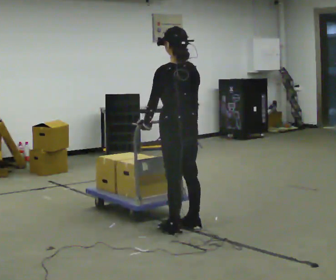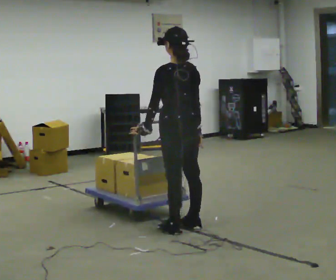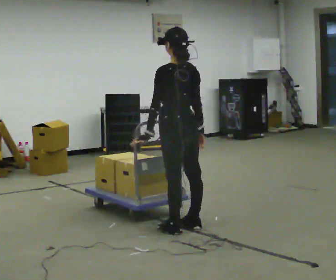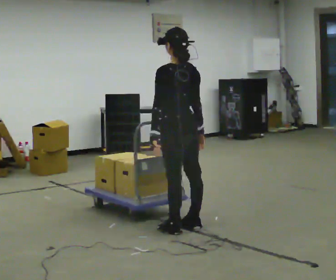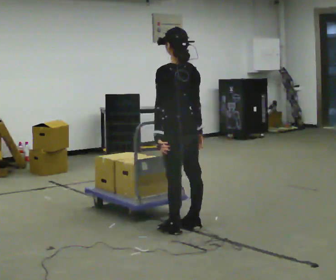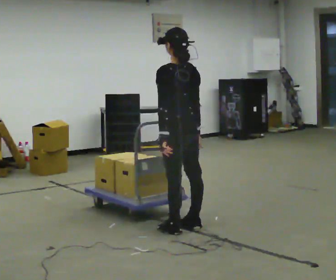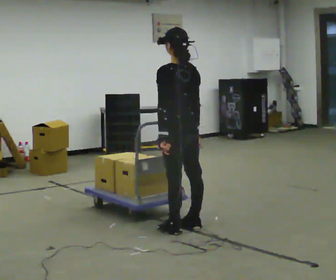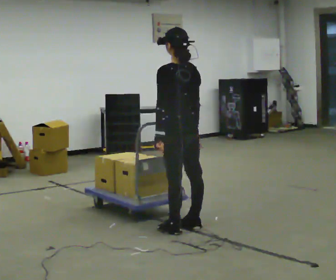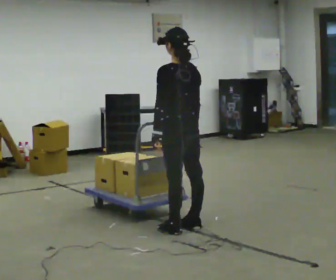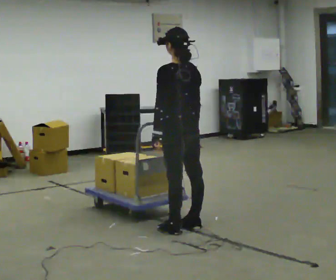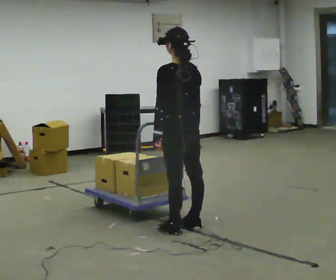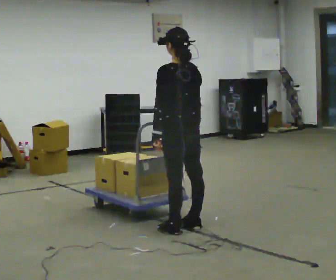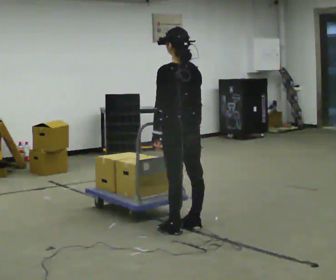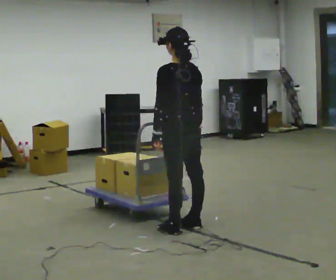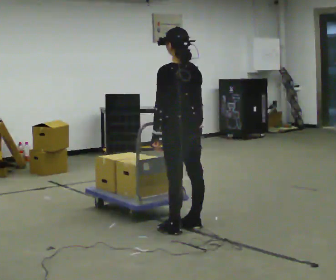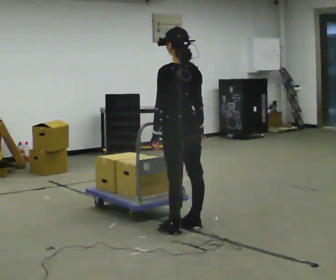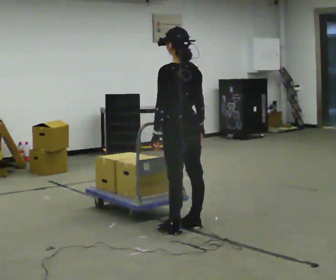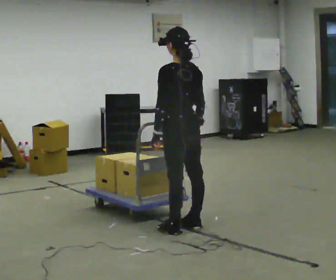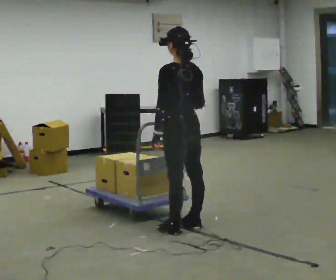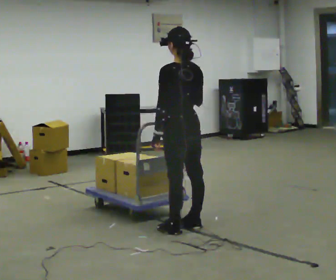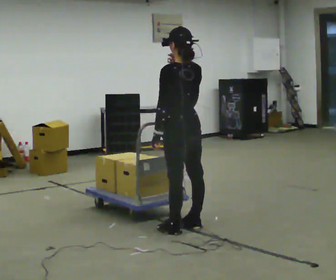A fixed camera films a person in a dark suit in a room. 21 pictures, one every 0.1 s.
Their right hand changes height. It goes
upward.
0.0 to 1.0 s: The person moves a little, or ends about where they began.
1.0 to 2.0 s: In the picture their right hand goes upward.
The film runs forward here.
